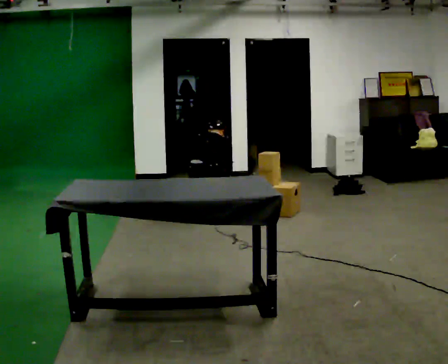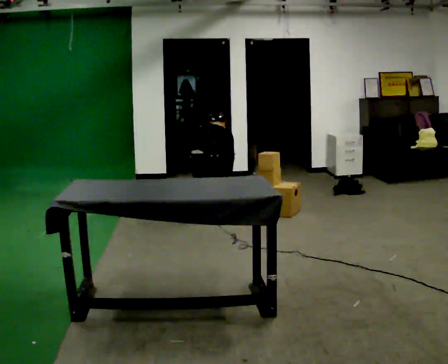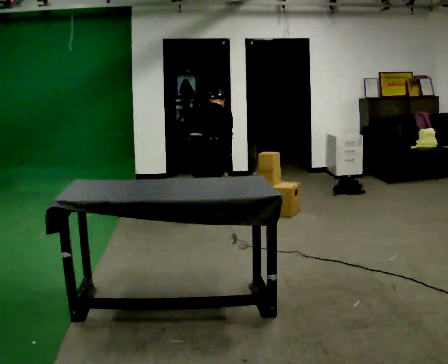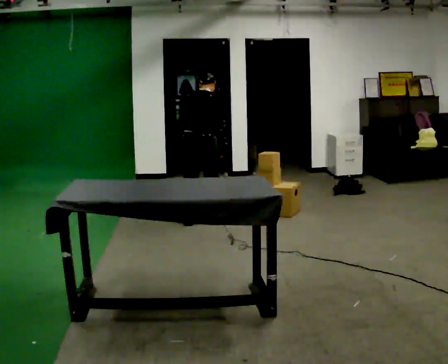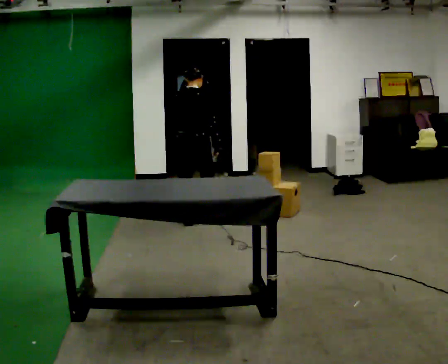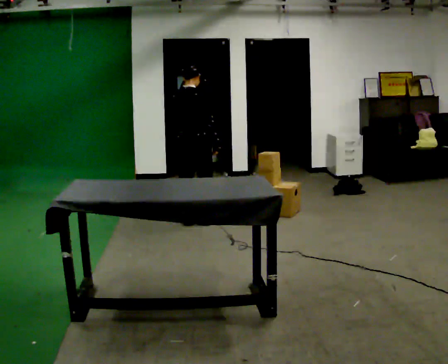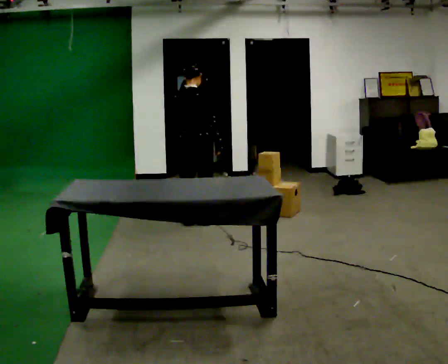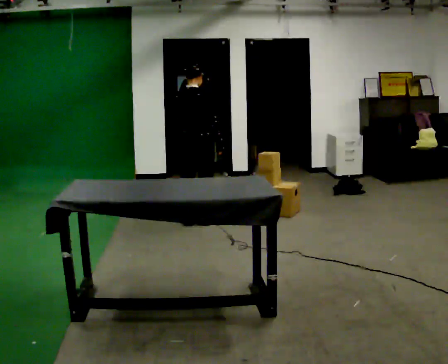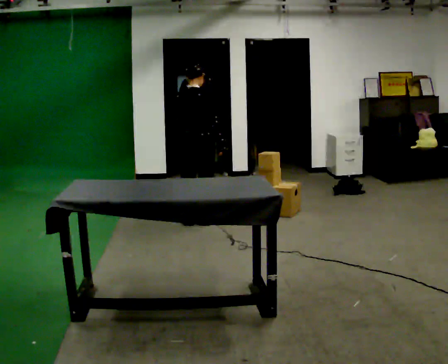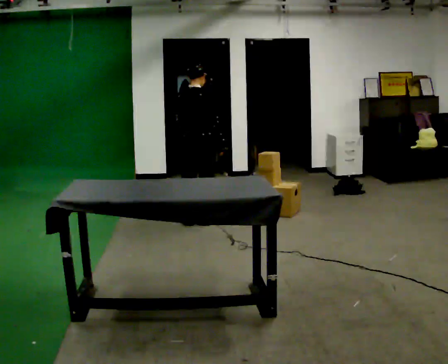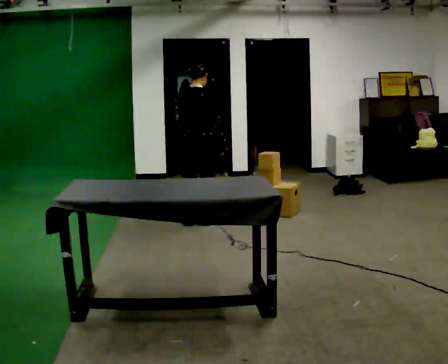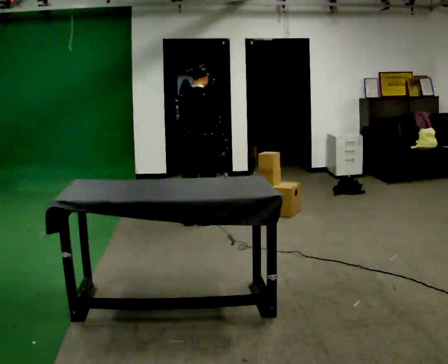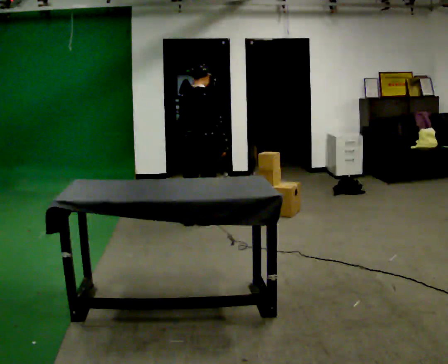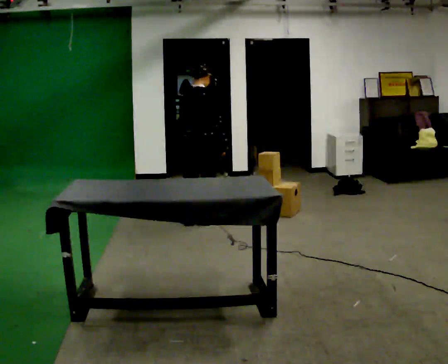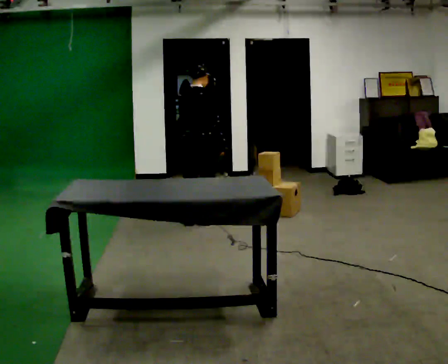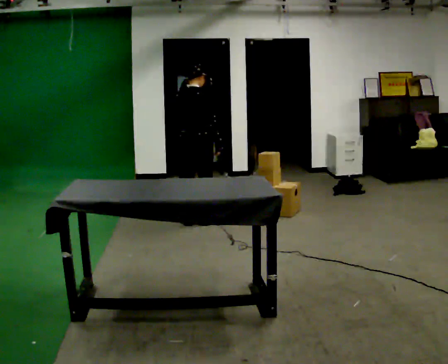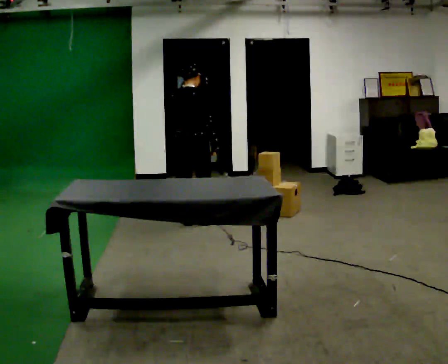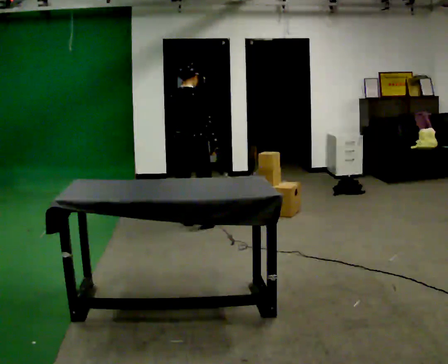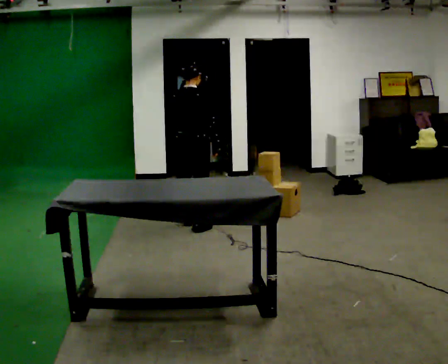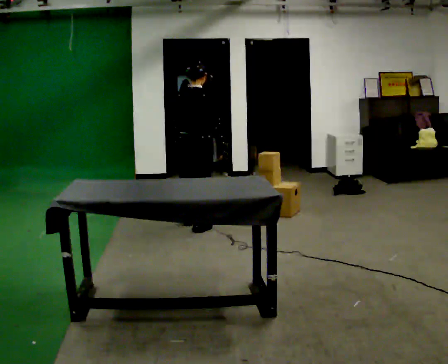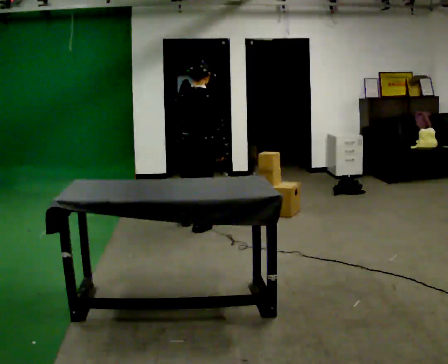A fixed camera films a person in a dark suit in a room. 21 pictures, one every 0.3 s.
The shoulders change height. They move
upward.
Their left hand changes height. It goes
upward.
0.0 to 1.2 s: The upper body goes upward. The upper body tips toward the camera, its near side rolling downward, as they lean back or straighten. In the picture their right hand goes upward.
1.2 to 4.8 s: The person moves a little, or ends about where they began.
4.8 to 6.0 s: In the picture they go toward the camera, about 0.25 m in 1 step, which for them is to their right and backward.
The film runs backward here.
